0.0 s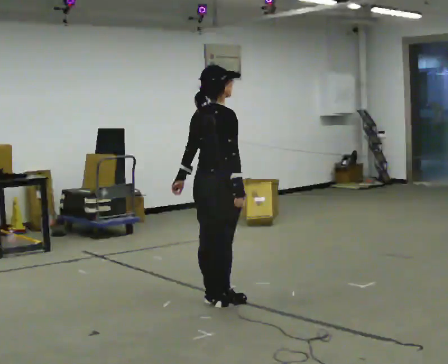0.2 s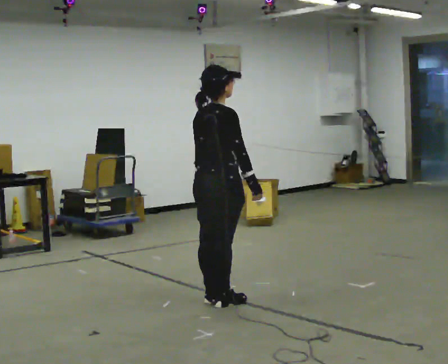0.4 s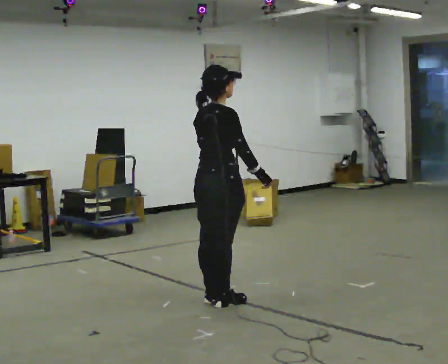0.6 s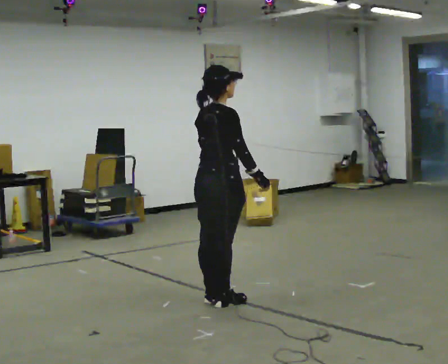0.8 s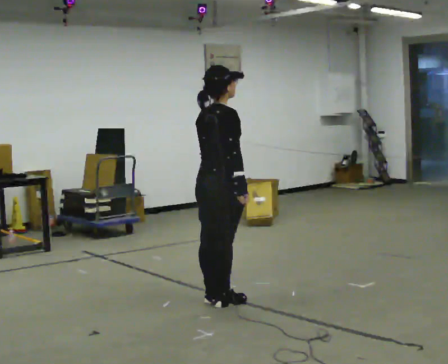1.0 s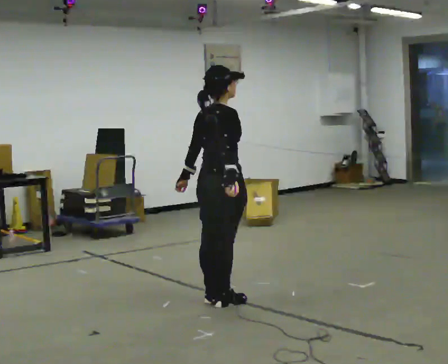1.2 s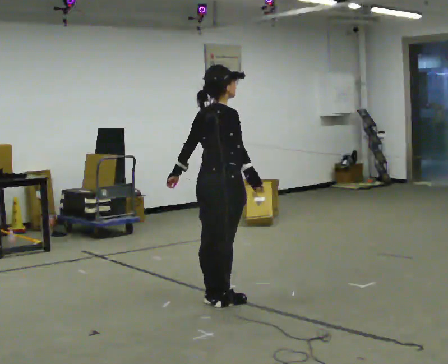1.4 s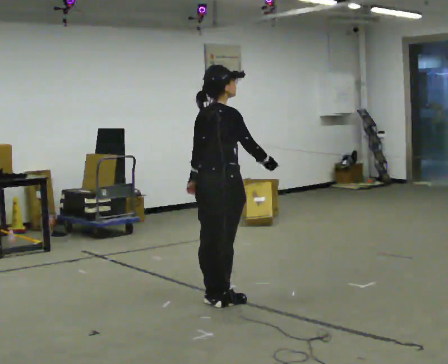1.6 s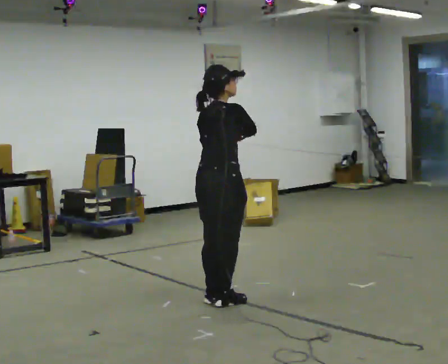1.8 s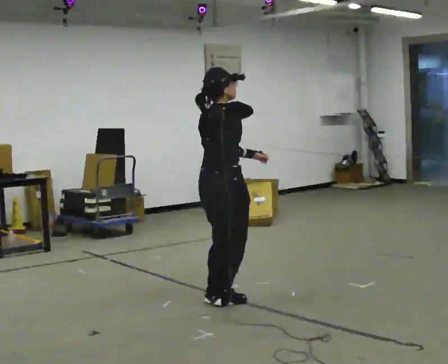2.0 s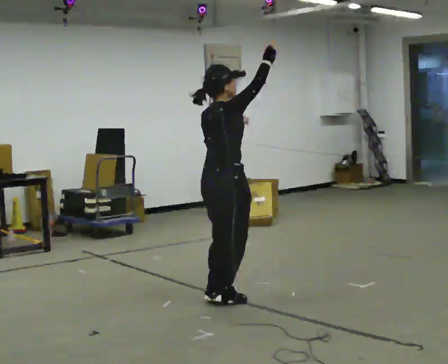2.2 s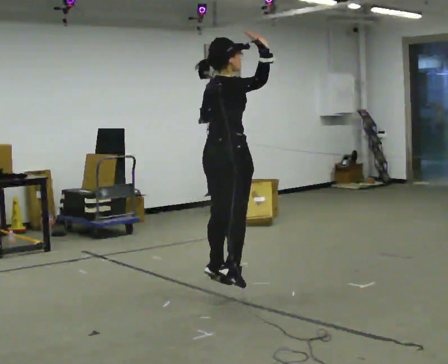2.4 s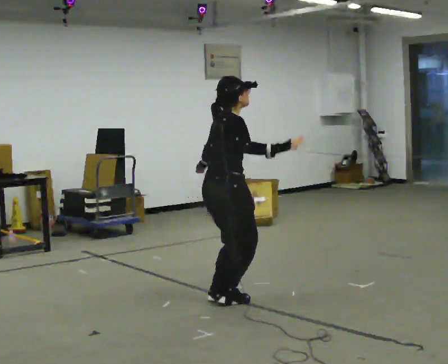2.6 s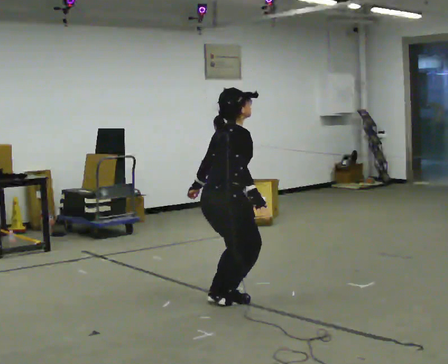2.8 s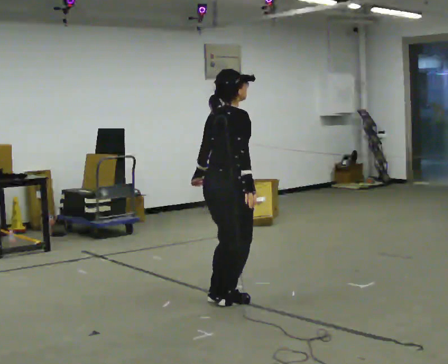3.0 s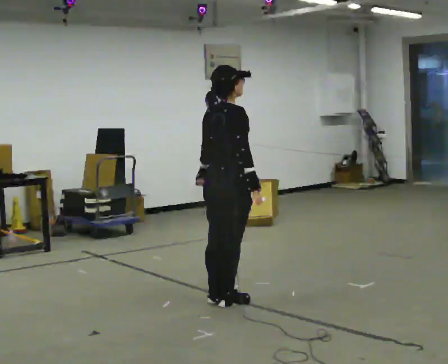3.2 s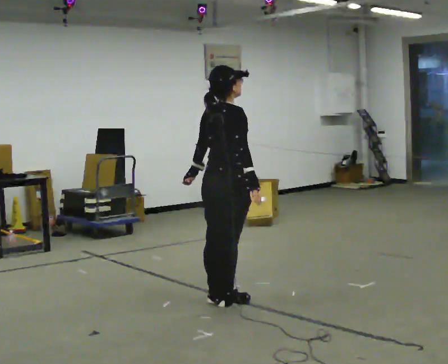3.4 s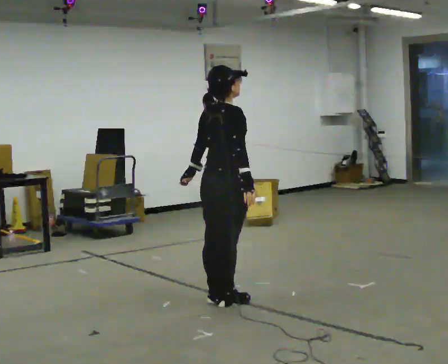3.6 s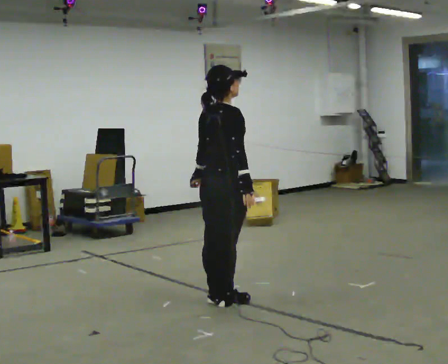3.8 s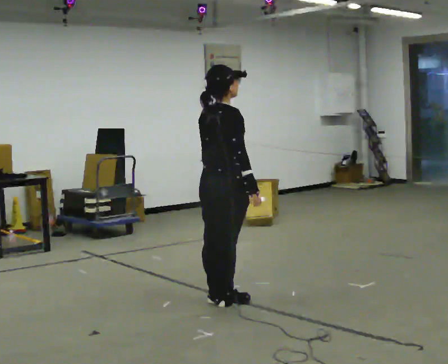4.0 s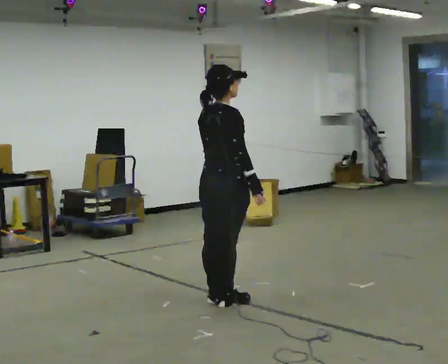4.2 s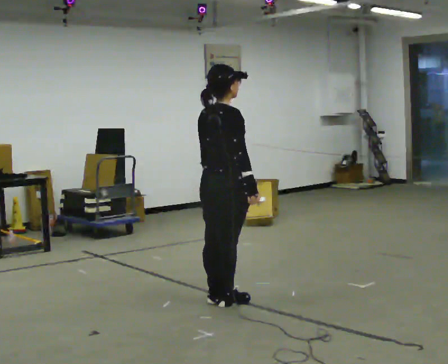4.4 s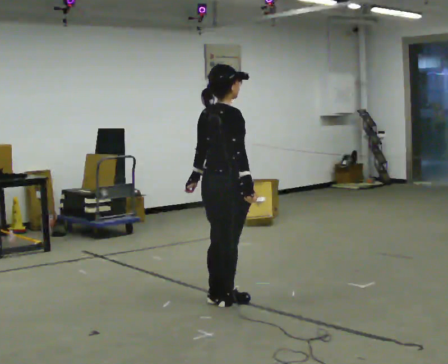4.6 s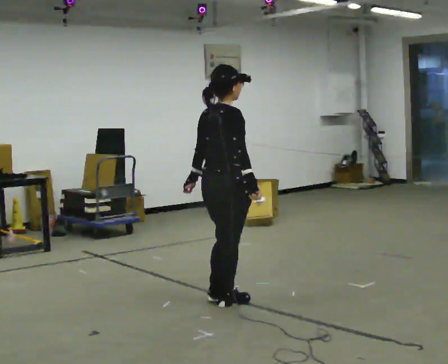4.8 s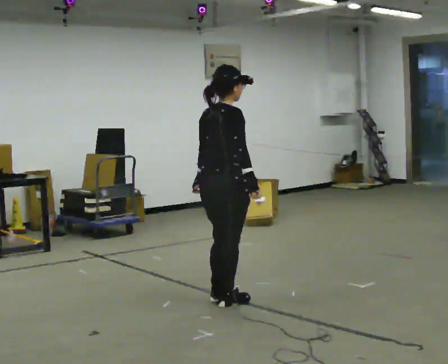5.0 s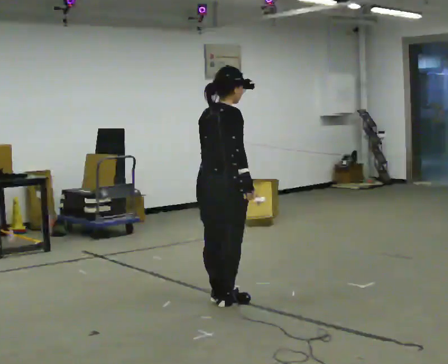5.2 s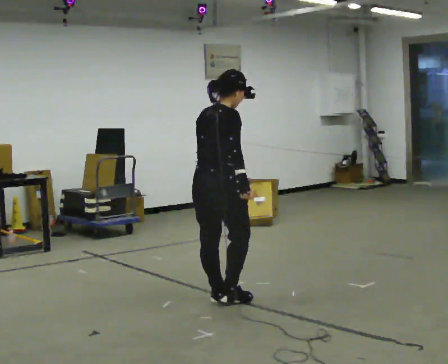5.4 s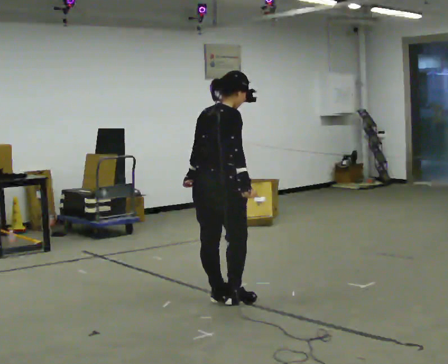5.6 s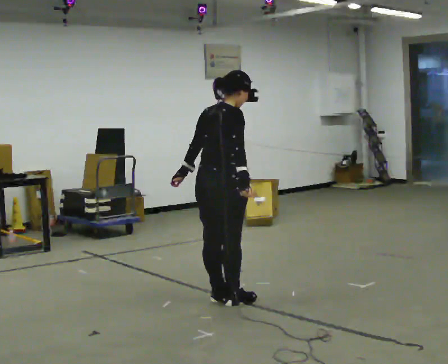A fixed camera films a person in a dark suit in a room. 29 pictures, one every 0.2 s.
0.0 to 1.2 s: The person moves a little, or ends about where they began.
1.2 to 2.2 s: The upper body goes upward. In the picture their right hand goes upward.
2.2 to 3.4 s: In the picture their right hand goes downward, the arm swinging clockwise.
3.4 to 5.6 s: The person moves a little, or ends about where they began.
The film runs backward here.
